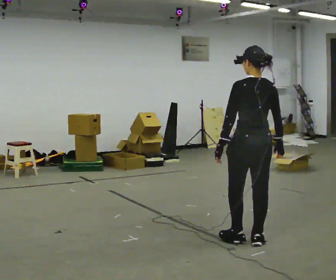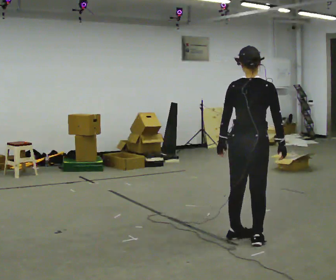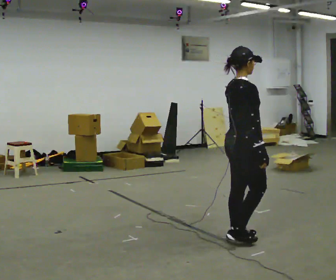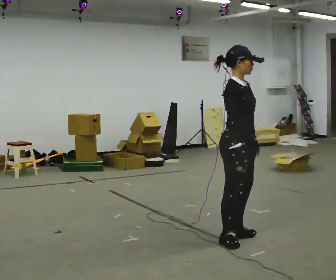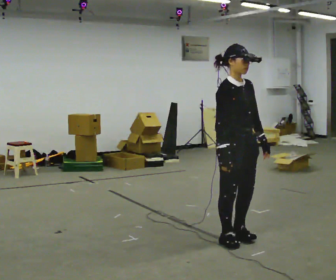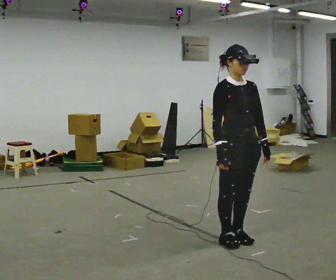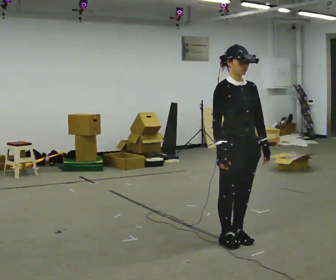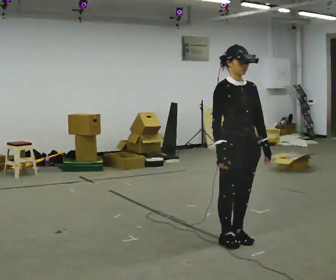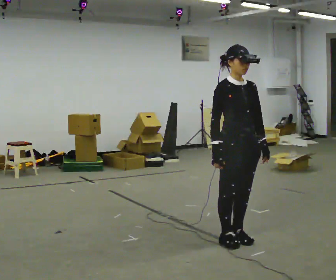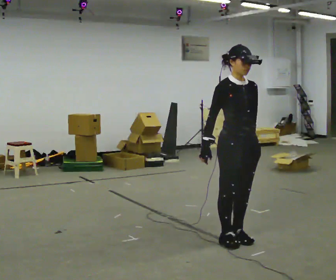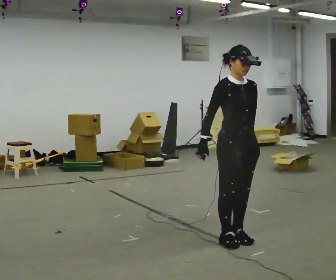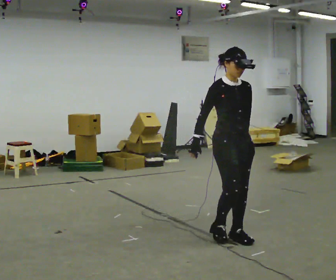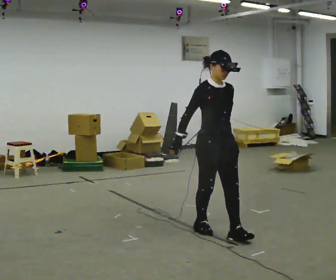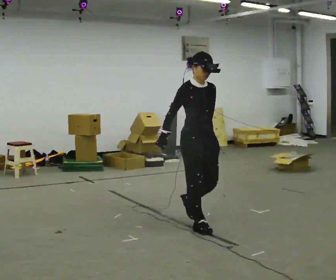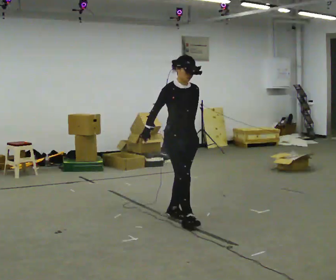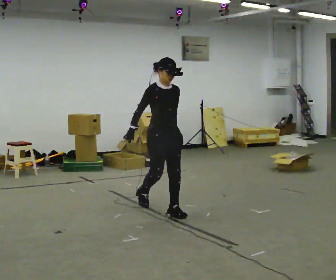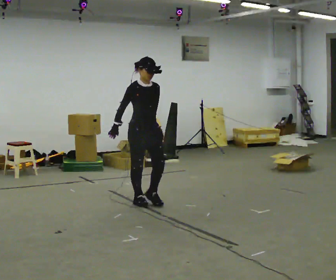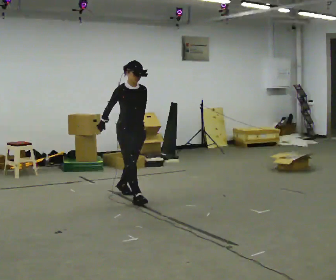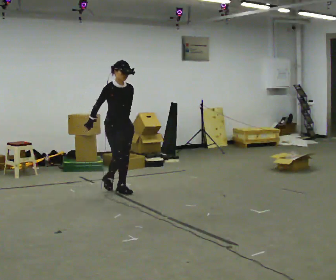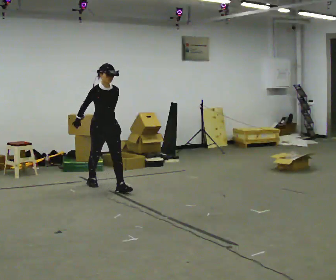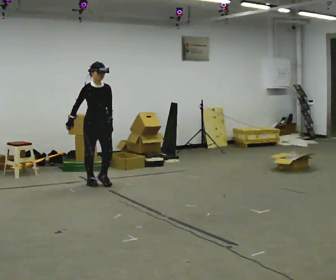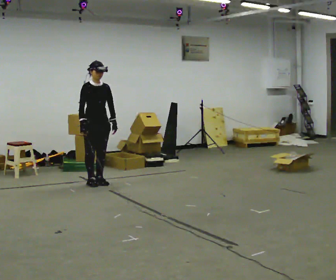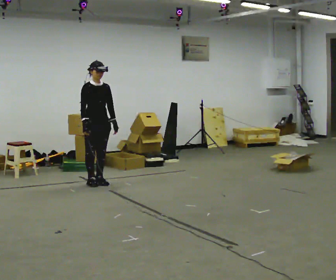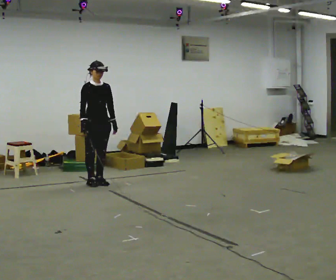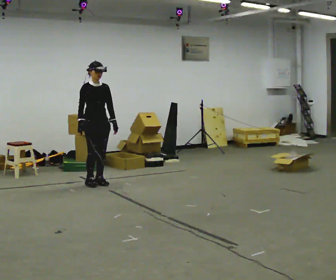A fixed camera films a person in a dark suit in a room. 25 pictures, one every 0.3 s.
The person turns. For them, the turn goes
to their right.
The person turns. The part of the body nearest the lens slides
to the left.
0.0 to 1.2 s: The part of the body nearest the lens slides to the left as the person turns to their right by about 150 degrees.
1.2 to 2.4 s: The person moves a little, or ends about where they began.
2.4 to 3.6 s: In the picture they go away from the camera, about 0.25 m in 1 step, which for them is backward. In the picture their left hand goes to the left.
3.6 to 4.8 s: In the picture they go away from the camera and to the left, about 1 m in 3 steps, which for them is backward.
4.8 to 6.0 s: In the picture they go to the left and away from the camera, about 1 m in 2 steps, which for them is backward.
6.0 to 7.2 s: The person moves a little, or ends about where they began.
The film runs backward here.
